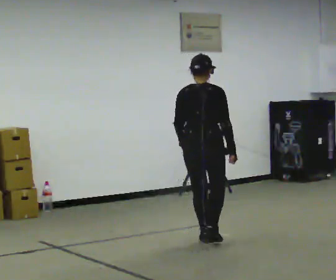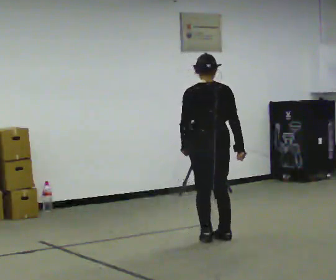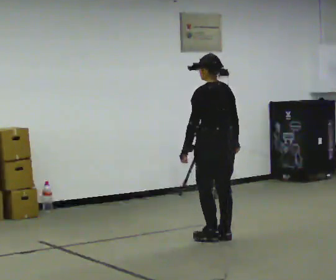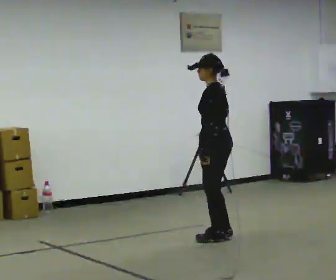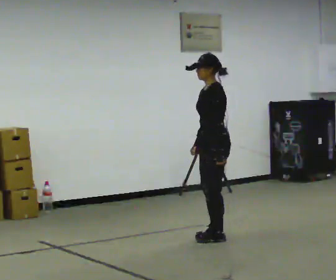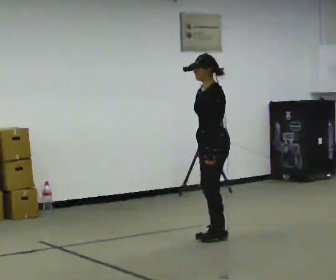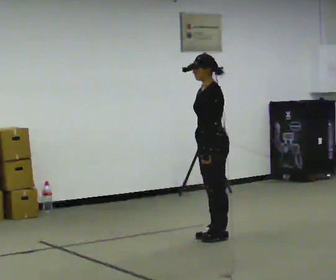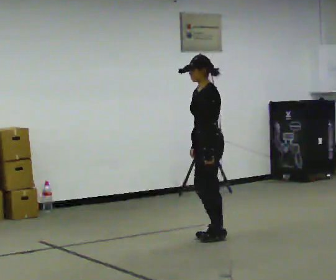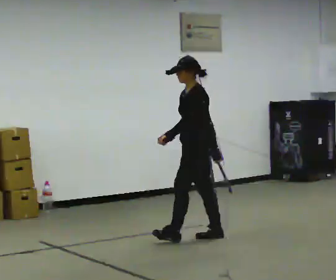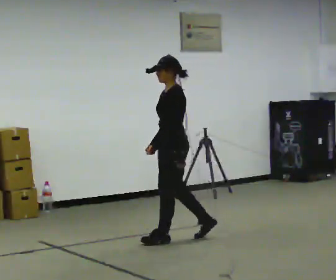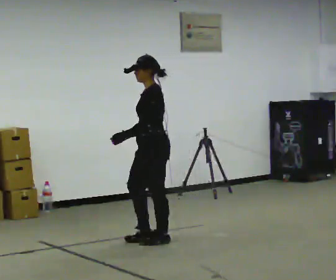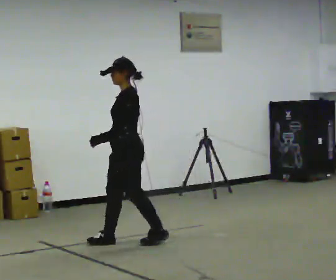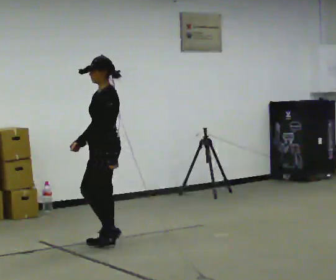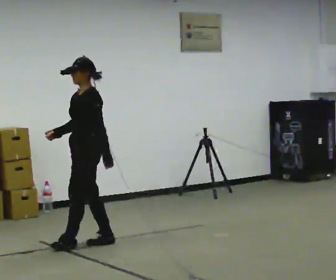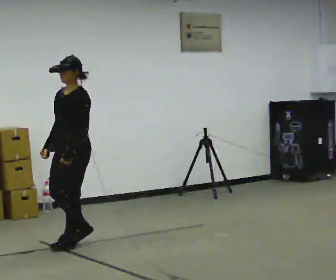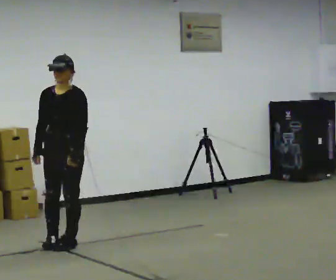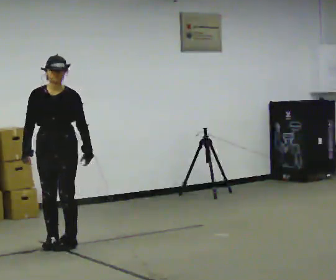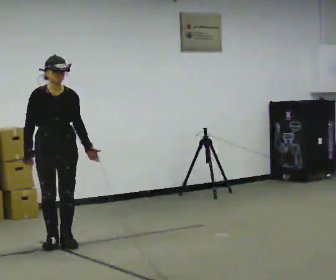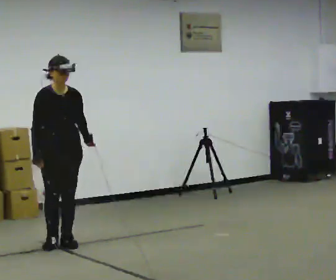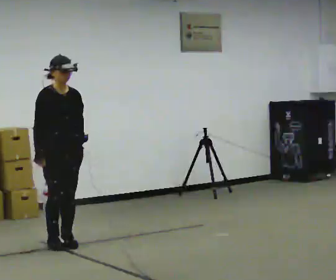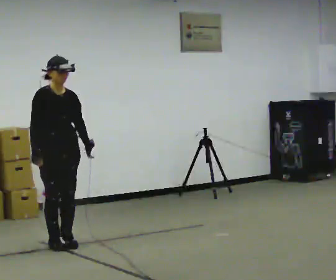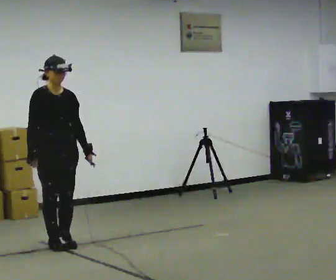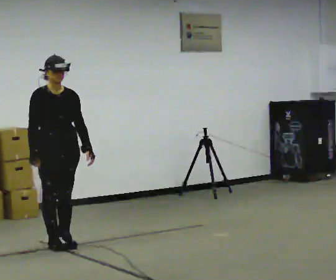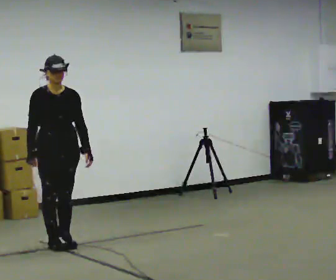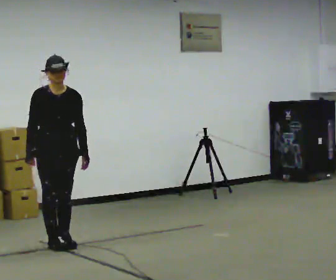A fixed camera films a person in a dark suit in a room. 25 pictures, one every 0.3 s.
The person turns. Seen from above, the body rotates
counterclockwise.
The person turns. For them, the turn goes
to their left.
0.0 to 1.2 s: The part of the body nearest the lens slides to the right as the person turns to their left by about 120 degrees. In the picture they go to the right, about 0.25 m in 1 step.
1.2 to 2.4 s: In the picture they go to the left, about 0.25 m, which for them is forward.
2.4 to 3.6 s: In the picture they go to the left, about 1 m in 2 steps, which for them is forward.
3.6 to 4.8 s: The person turns about 75 degrees to their left, counterclockwise seen from above, so the part of the body nearest the lens slides to the right. In the picture they go to the left, about 0.5 m in 2 steps.
4.8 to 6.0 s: The part of the body nearest the lens slides to the right as the person turns to their left by about 30 degrees.
6.0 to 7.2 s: The person moves a little, or ends about where they began.
The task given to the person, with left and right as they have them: Walk through 3–5 turns in sequence; keep moving; stop at end.
The film runs forward here.
